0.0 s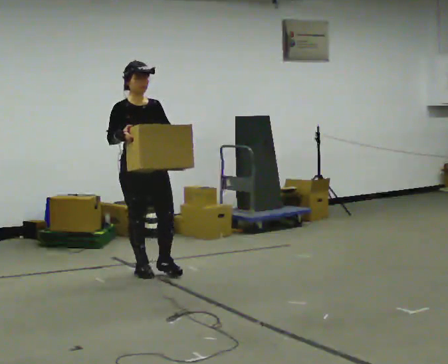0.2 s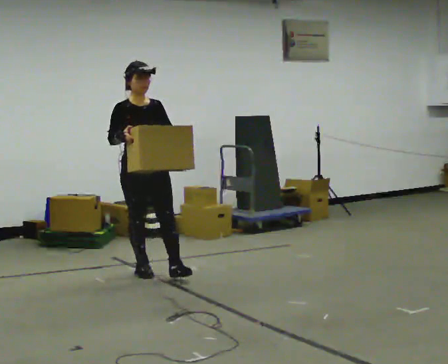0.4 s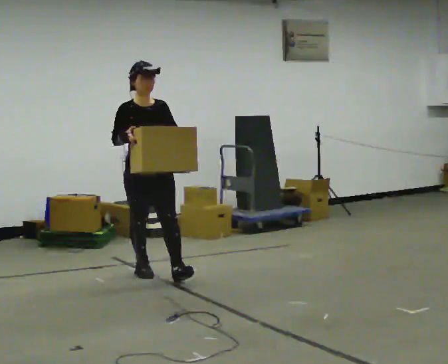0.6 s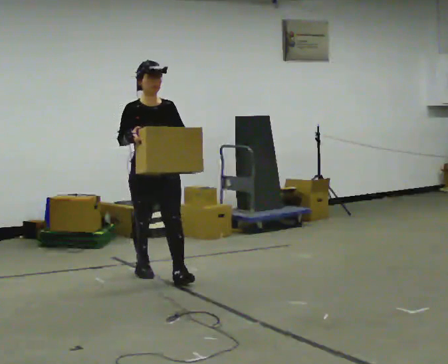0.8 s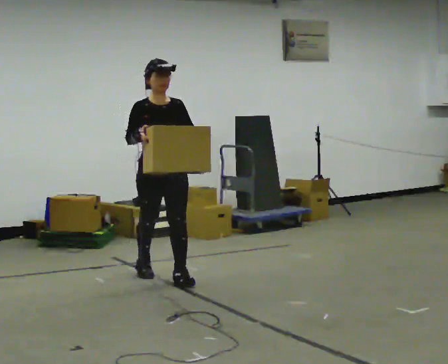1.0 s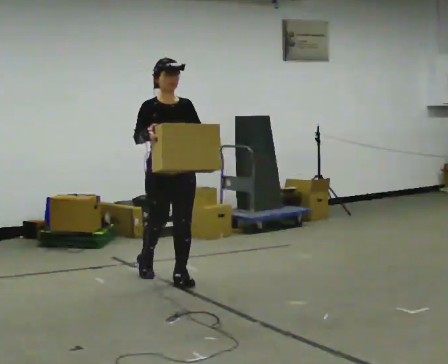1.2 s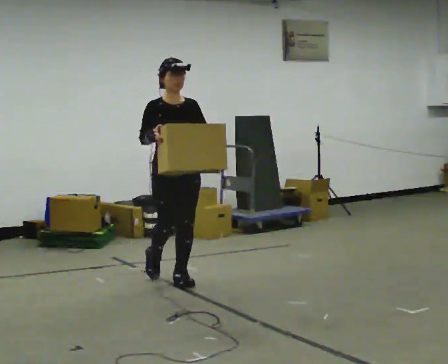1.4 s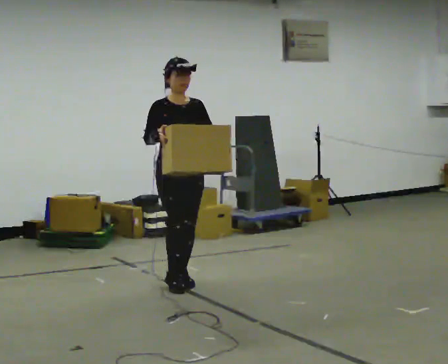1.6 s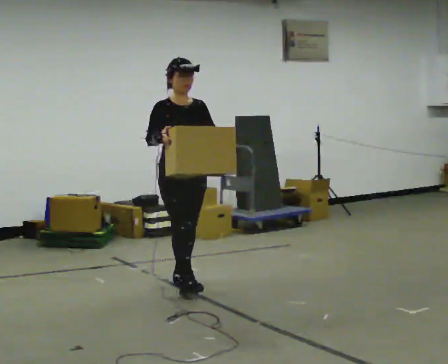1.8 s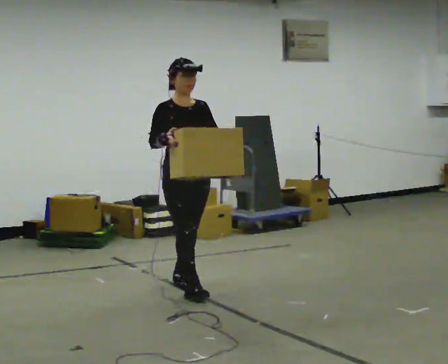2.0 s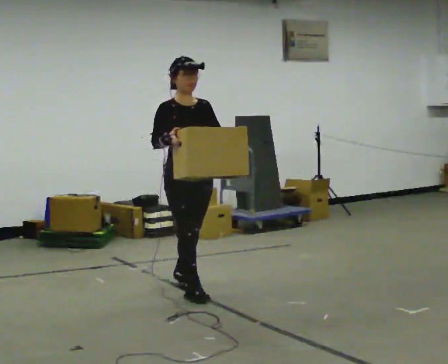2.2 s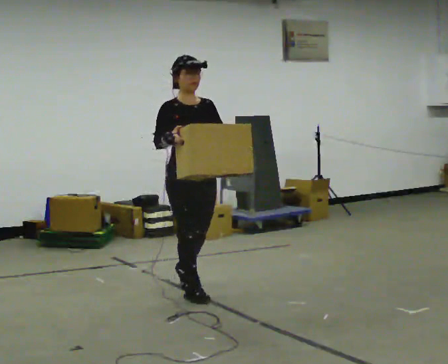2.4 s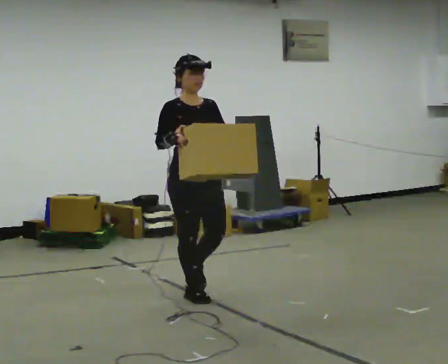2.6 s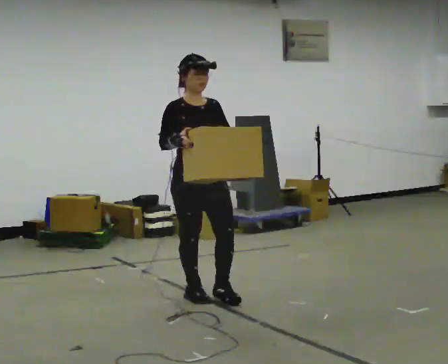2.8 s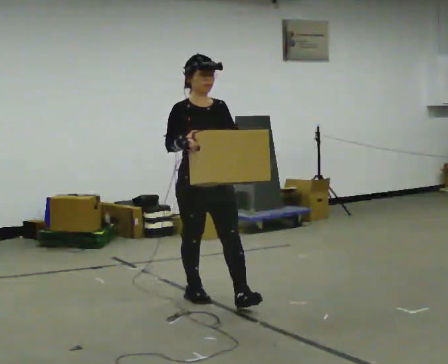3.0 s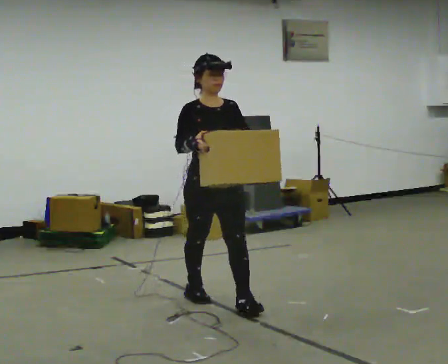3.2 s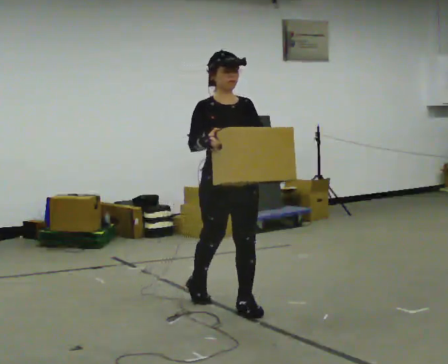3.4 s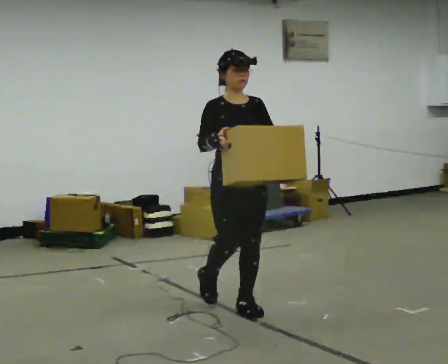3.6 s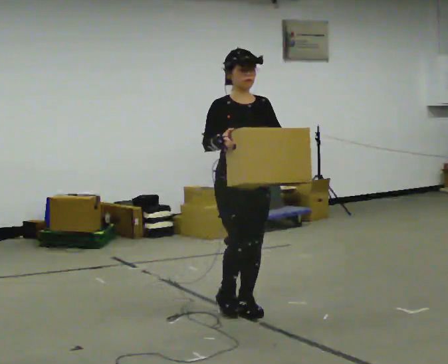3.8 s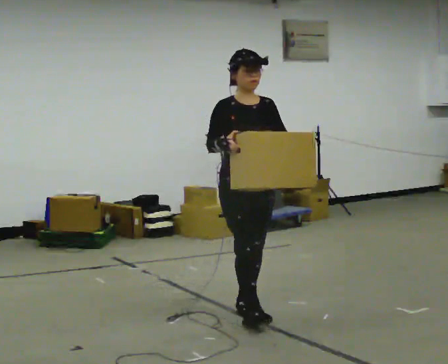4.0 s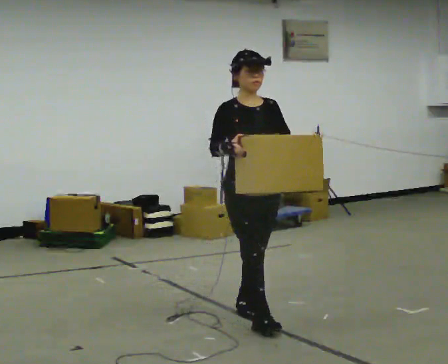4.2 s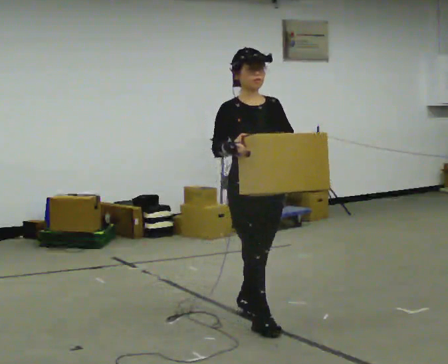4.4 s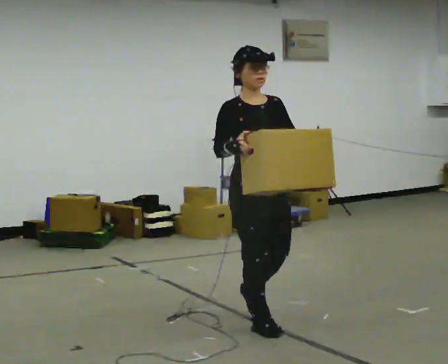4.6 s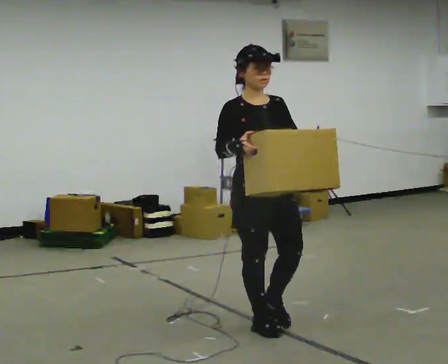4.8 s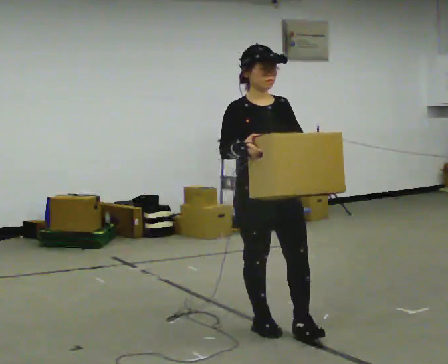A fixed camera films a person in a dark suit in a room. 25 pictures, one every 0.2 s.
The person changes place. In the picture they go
toward the camera.
0.0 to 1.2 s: In the picture they go to the right and toward the camera, about 0.5 m in 1 step, which for them is forward and to their left.
1.2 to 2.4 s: In the picture they go toward the camera, about 0.5 m in 1 step, which for them is forward.
2.4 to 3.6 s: In the picture they go toward the camera and to the right, about 0.5 m in 1 step, which for them is forward and to their left.
3.6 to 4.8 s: In the picture they go toward the camera, about 0.5 m in 1 step, which for them is forward.
The film runs forward here.
